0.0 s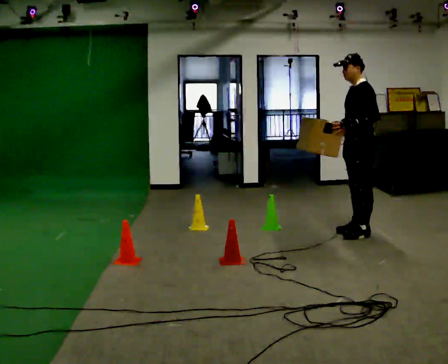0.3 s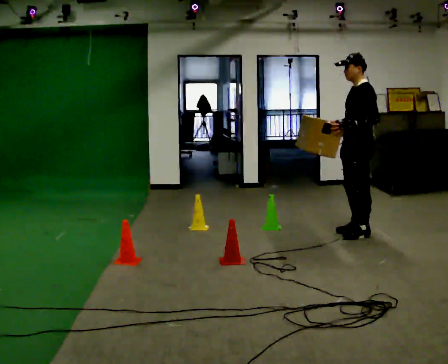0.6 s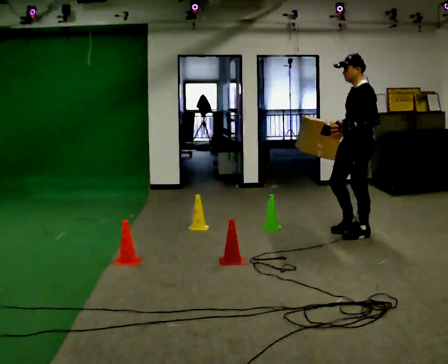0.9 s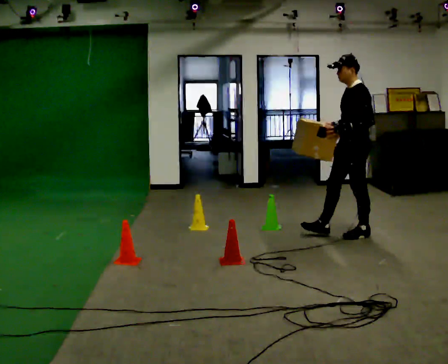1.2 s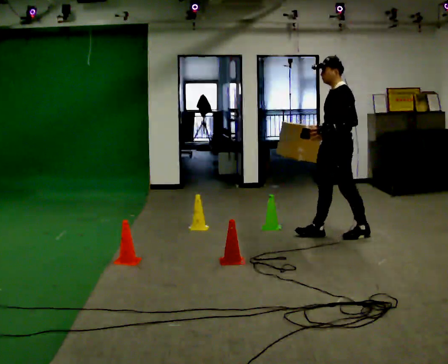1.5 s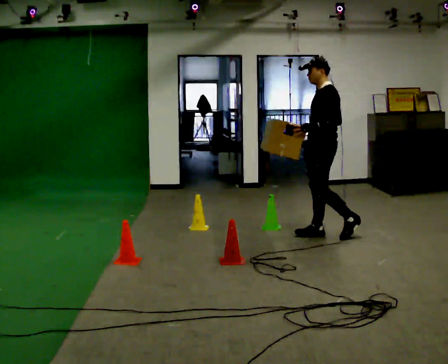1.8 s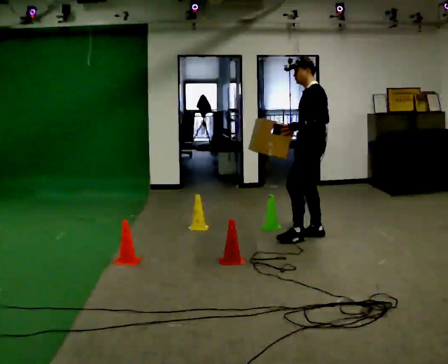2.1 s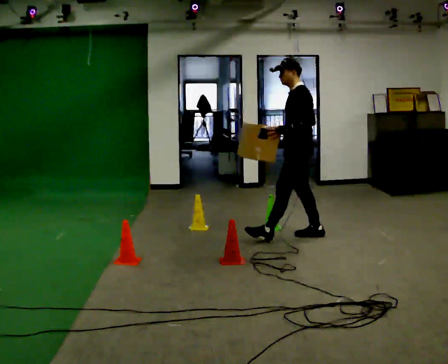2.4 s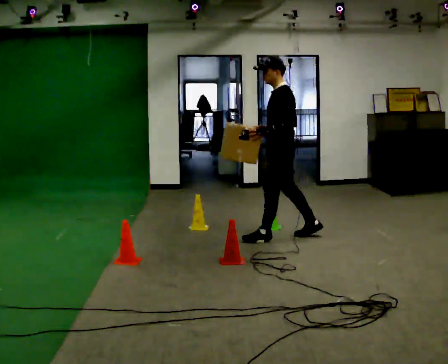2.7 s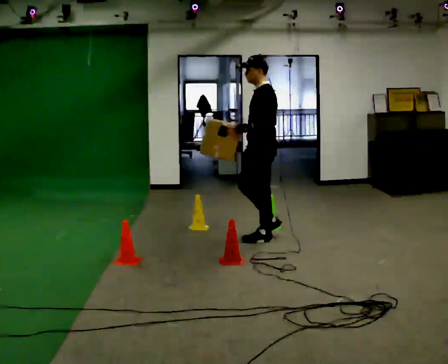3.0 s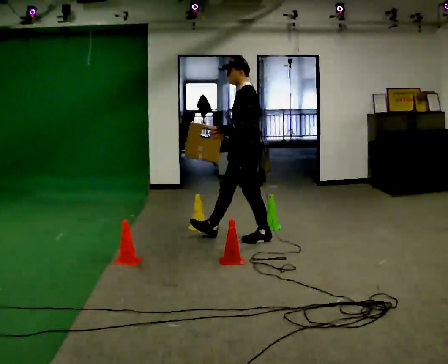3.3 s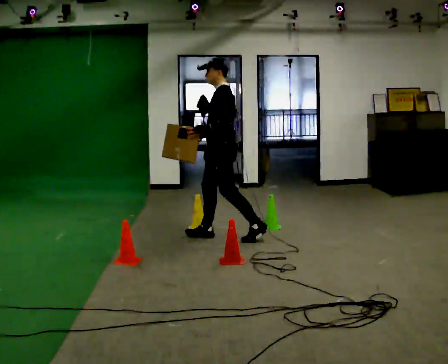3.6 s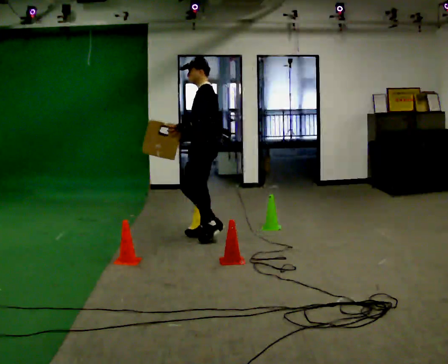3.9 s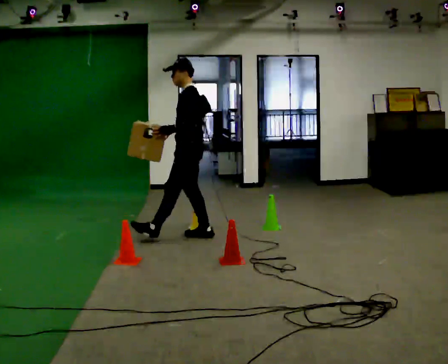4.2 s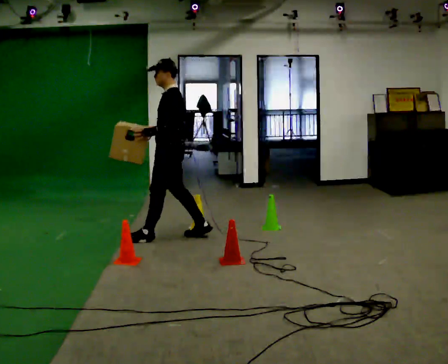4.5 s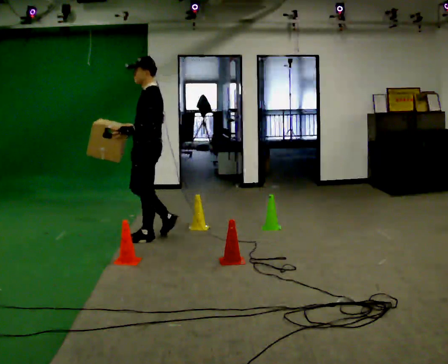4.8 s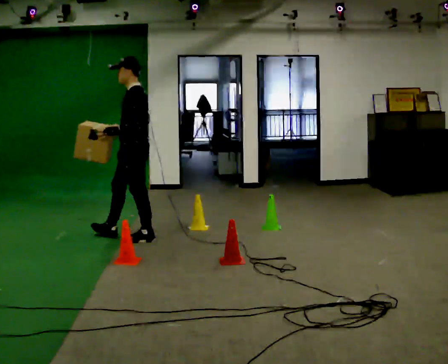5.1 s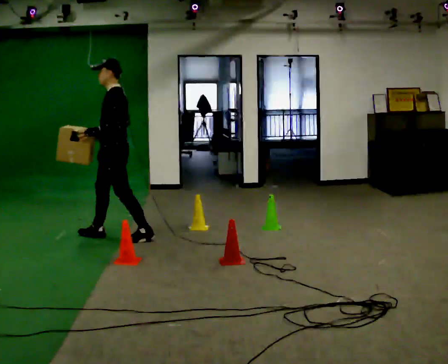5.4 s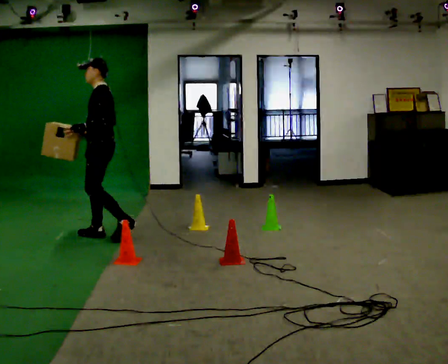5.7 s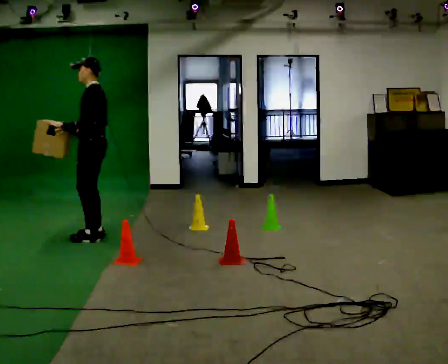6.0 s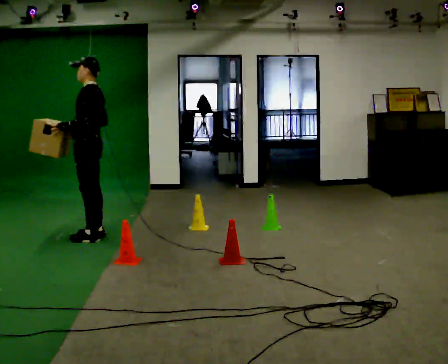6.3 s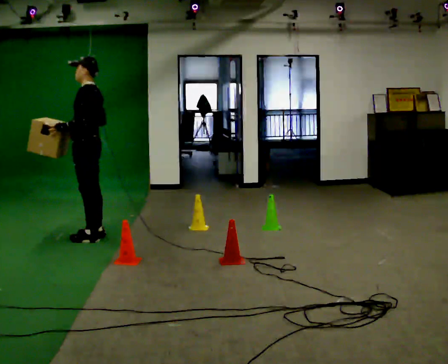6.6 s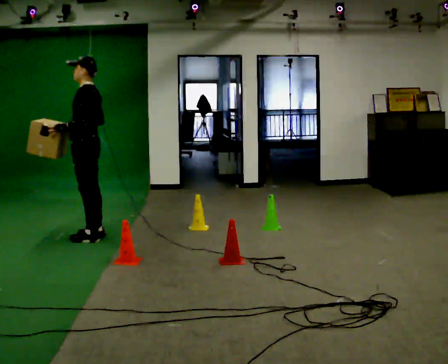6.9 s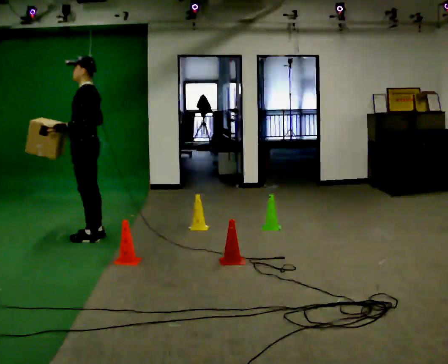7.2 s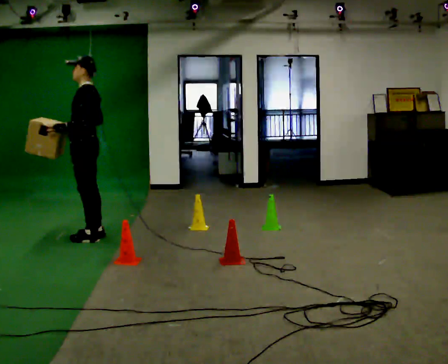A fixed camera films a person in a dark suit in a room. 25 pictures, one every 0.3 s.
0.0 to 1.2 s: In the picture they go to the left, about 0.25 m in 1 step, which for them is forward.
1.2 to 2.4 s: In the picture they go to the left, about 0.5 m in 1 step, which for them is forward.
2.4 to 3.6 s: In the picture they go to the left, about 0.5 m in 1 step, which for them is forward.
3.6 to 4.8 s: In the picture they go to the left, about 0.75 m in 1 step, which for them is forward.
4.8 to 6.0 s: In the picture they go to the left, about 0.5 m in 2 steps, which for them is forward.
6.0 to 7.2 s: The person moves a little, or ends about where they began.
The film runs forward here.
